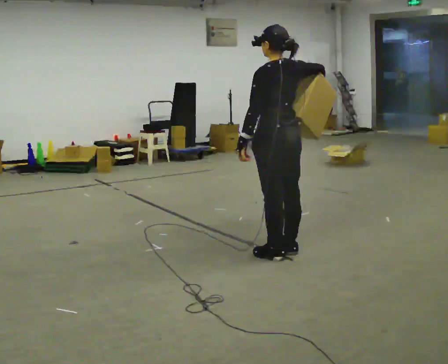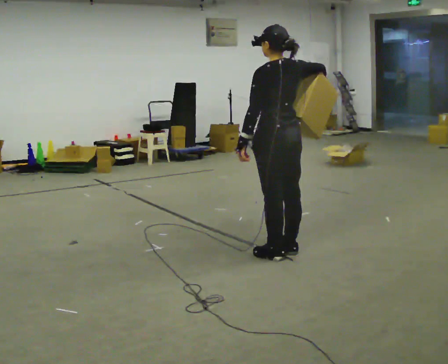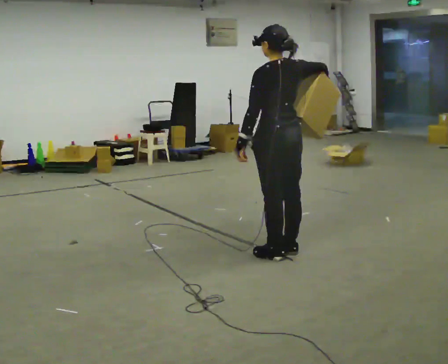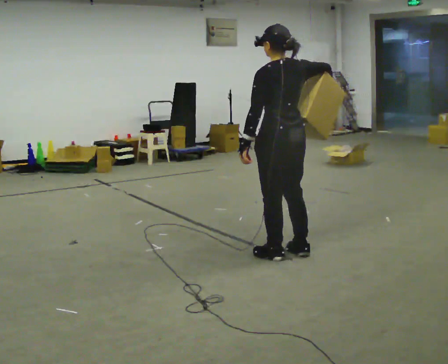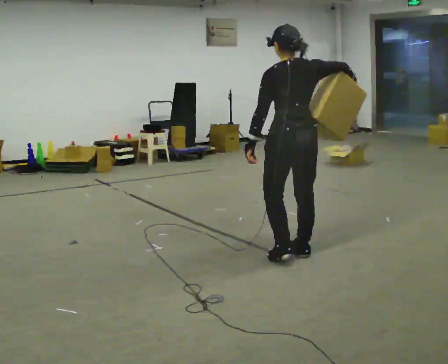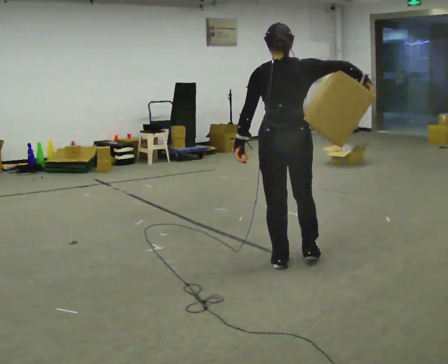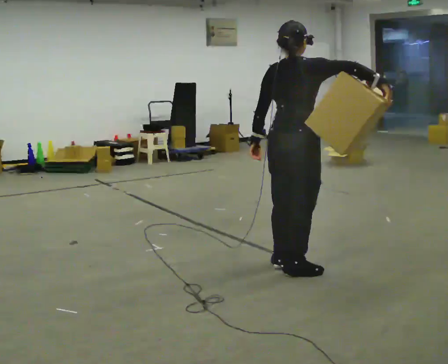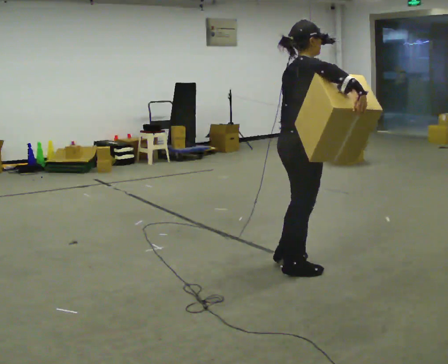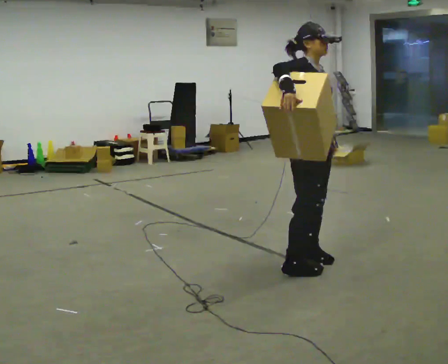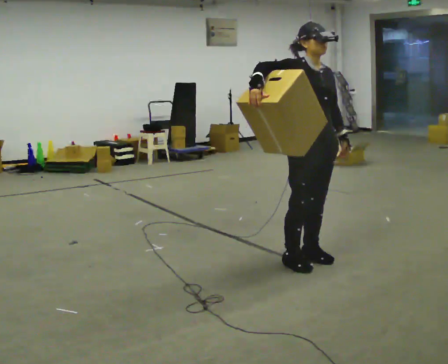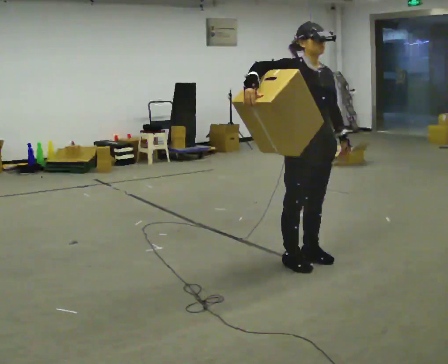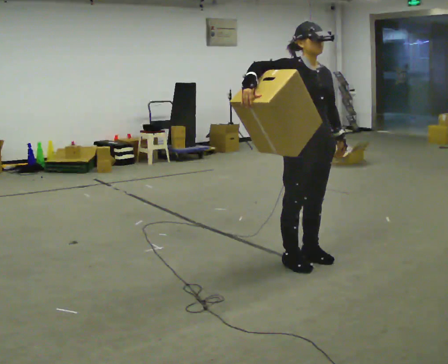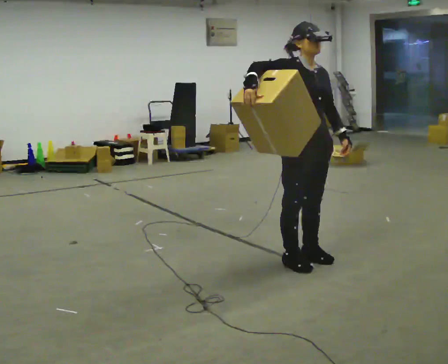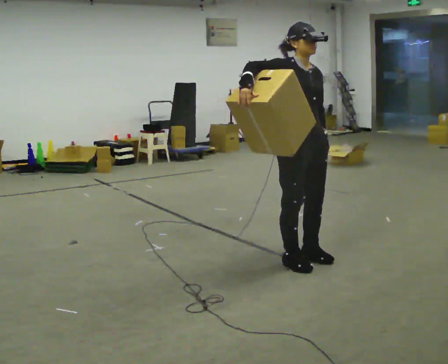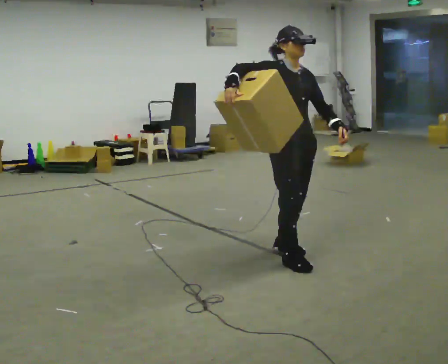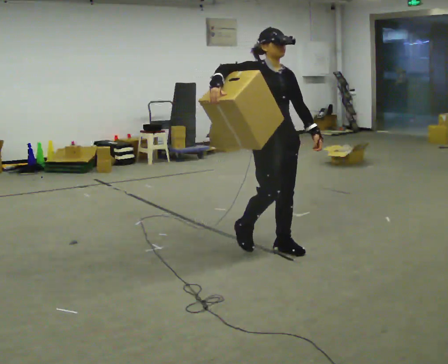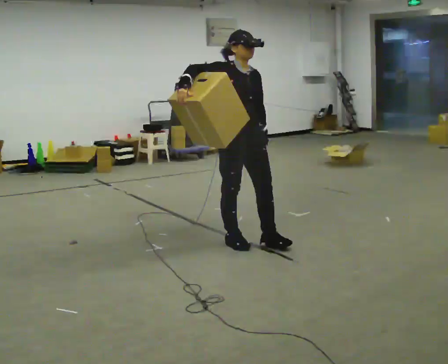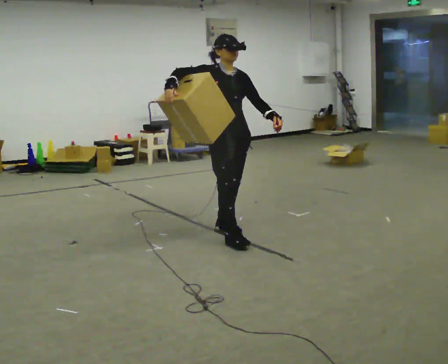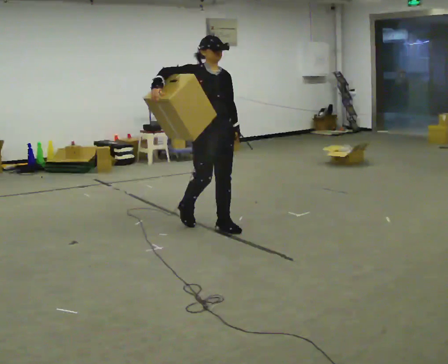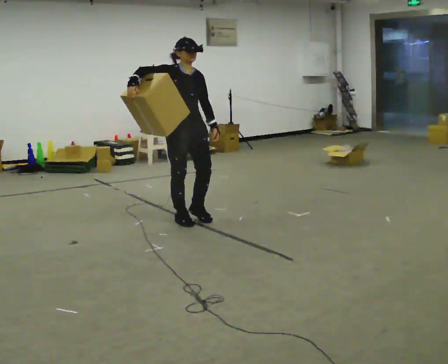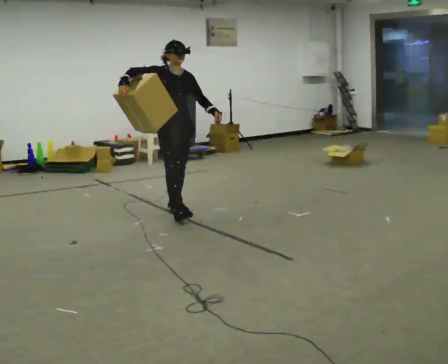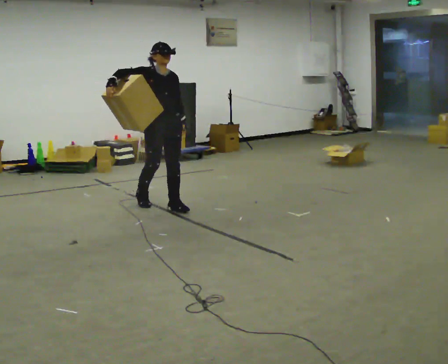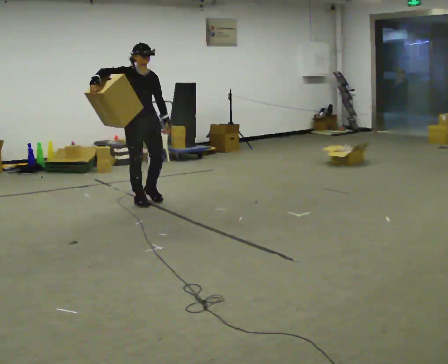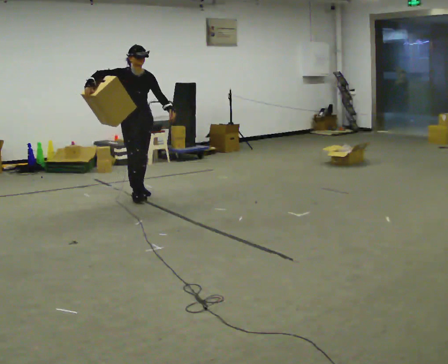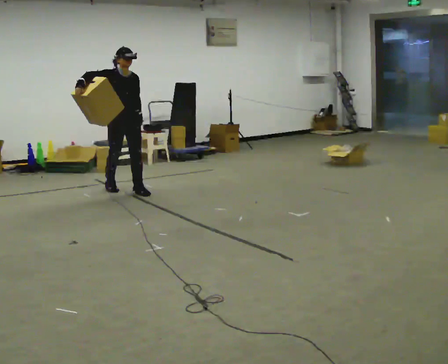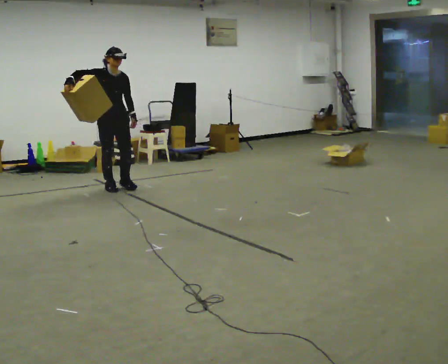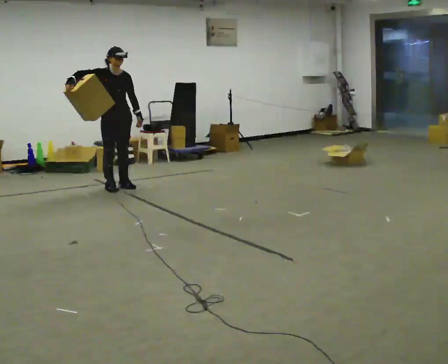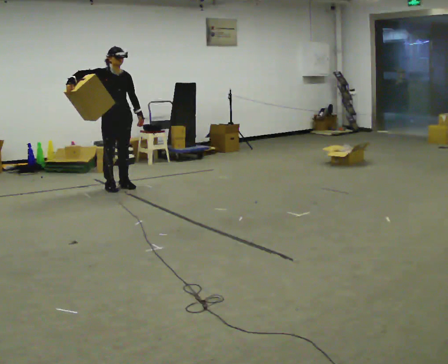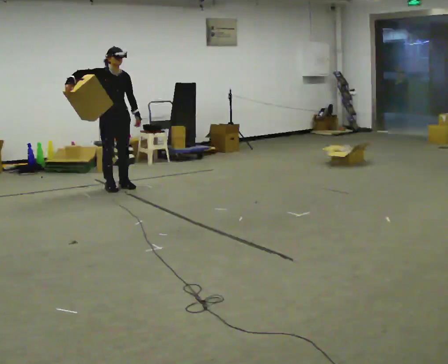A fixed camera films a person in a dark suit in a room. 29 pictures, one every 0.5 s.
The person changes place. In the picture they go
to the left.
0.0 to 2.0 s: The person moves a little, or ends about where they began.
2.0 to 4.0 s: Seen from above the body turns clockwise, about 135 degrees: to their right, with its near side sliding to the left.
4.0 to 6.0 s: The person moves a little, or ends about where they began.
6.0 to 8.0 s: In the picture they go to the left and away from the camera, about 0.5 m in 3 steps, which for them is backward.
8.0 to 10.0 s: In the picture they go to the left and away from the camera, about 1 m in 3 steps, which for them is backward.
10.0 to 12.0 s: In the picture they go to the left and away from the camera, about 1 m in 2 steps, which for them is backward.
12.0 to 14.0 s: In the picture they go to the left, about 0.25 m in 1 step, which for them is backward.
The film runs backward here.
